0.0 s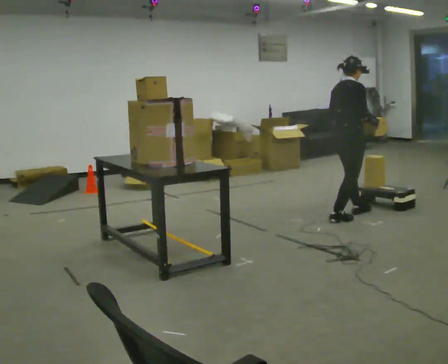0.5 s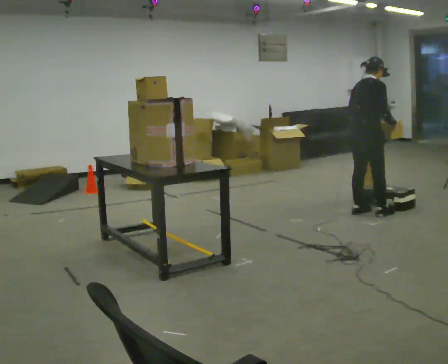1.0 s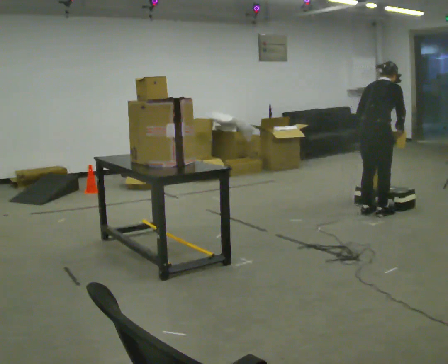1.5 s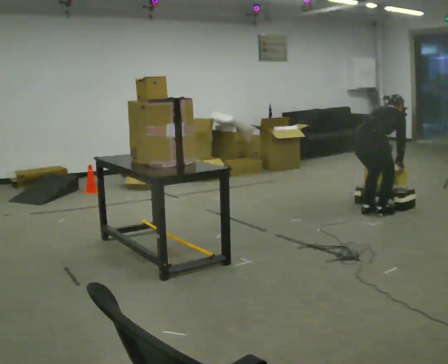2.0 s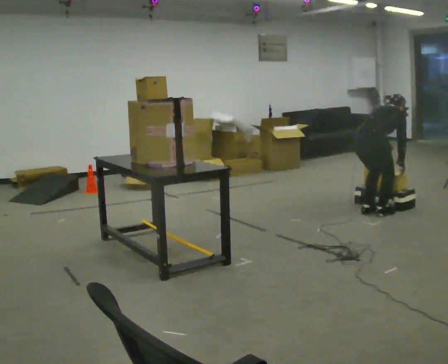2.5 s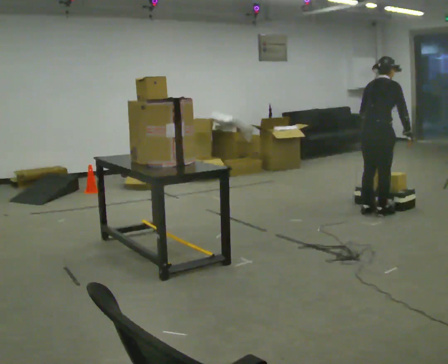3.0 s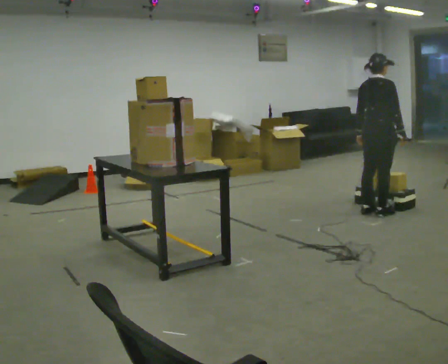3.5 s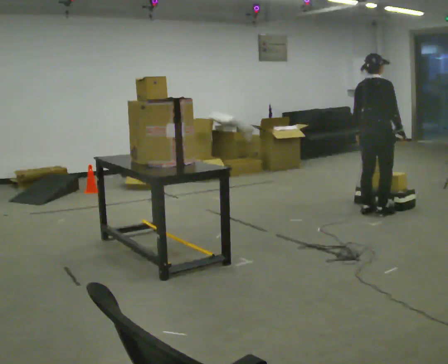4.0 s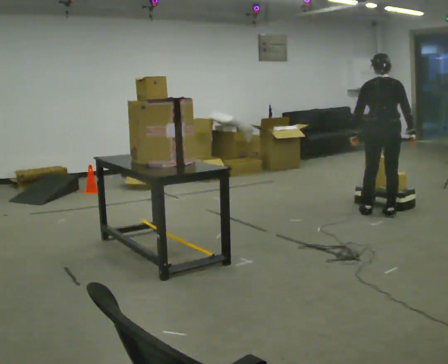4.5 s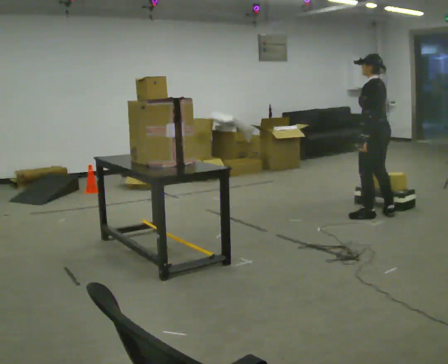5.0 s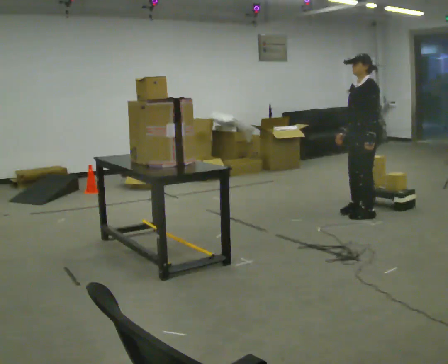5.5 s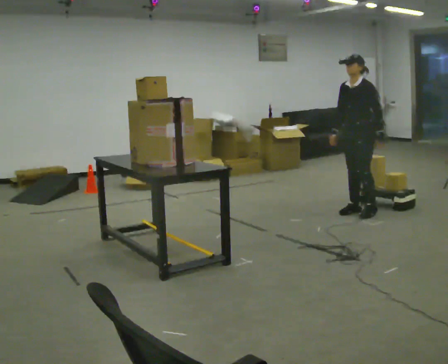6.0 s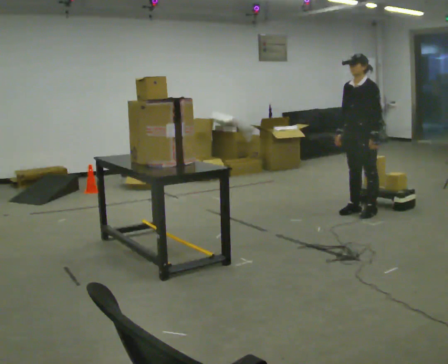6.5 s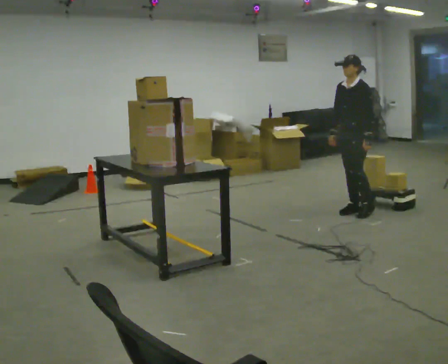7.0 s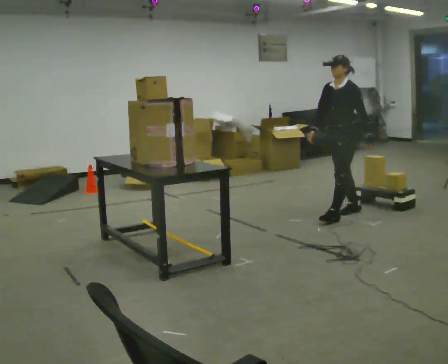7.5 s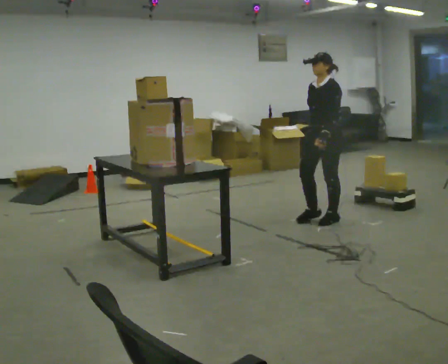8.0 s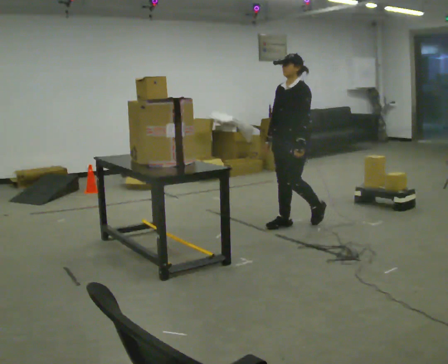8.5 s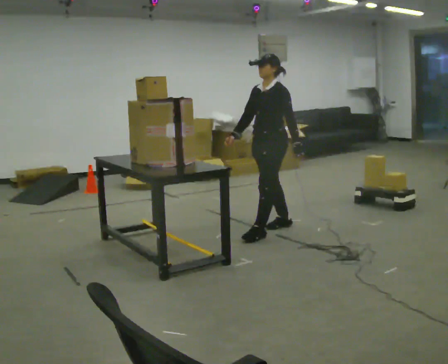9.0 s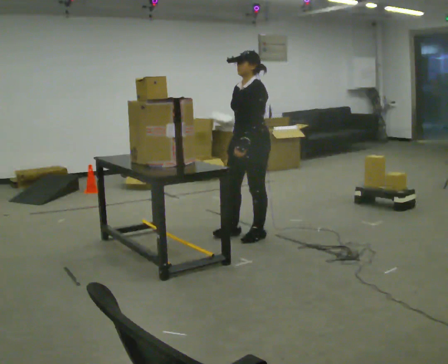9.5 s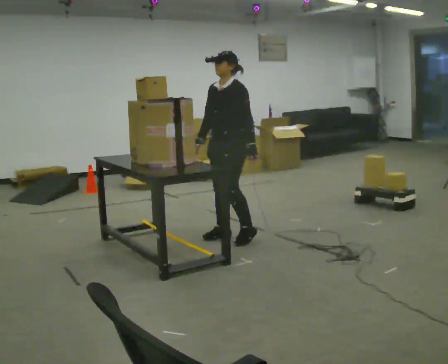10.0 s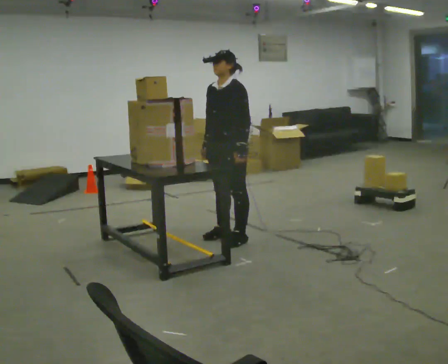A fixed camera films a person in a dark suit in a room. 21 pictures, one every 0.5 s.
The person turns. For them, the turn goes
to their left.
The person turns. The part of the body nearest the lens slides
to the right.
0.0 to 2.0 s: In the picture they go to the right, about 0.25 m in 1 step, which for them is forward and to their right. The upper body tips away from the camera, its near side rolling upward, as they bend forward. In the picture their left hand goes downward.
2.0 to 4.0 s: Seen from above the body turns counterclockwise, about 45 degrees: to their left, with its near side sliding to the right. The upper body goes upward. The upper body tips toward the camera, its near side rolling downward, as they lean back or straighten. In the picture their left hand goes upward.
4.0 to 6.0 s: The part of the body nearest the lens slides to the right as the person turns to their left by about 135 degrees. In the picture they go to the left, about 0.25 m in 1 step. In the picture their right hand goes to the left, the arm swinging clockwise.
6.0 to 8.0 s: In the picture they go to the left and toward the camera, about 1 m in 2 steps, which for them is forward.
8.0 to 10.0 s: In the picture they go toward the camera and to the left, about 0.75 m in 3 steps, which for them is forward.
The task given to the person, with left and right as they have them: Take an object from the highest shelf you can comfortably reach, carry it across, and place it on the lowest shelf. Keep going until the operator says stop; one object at a time, and do not rush between trips.
The film runs forward here.
